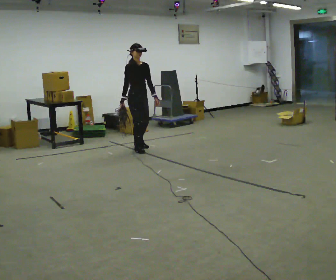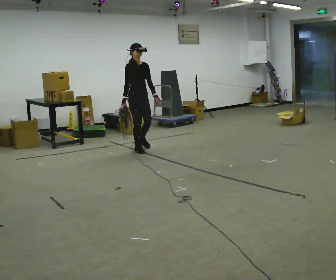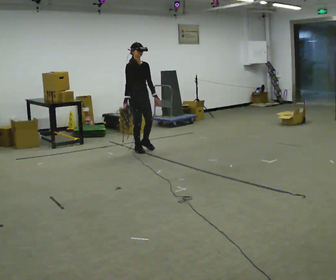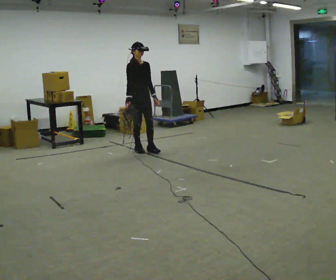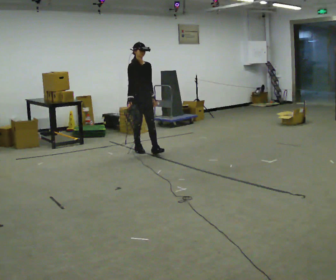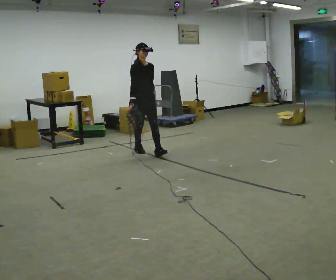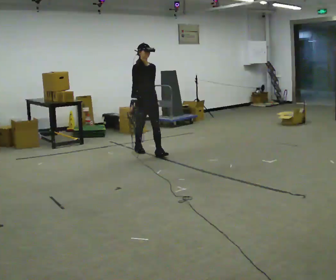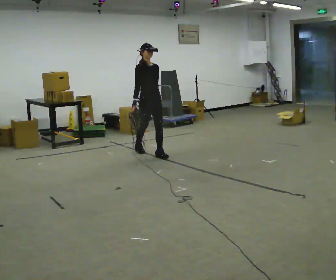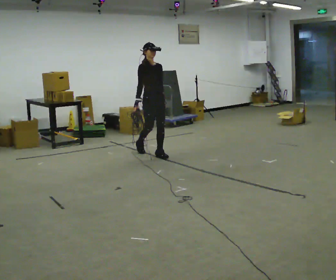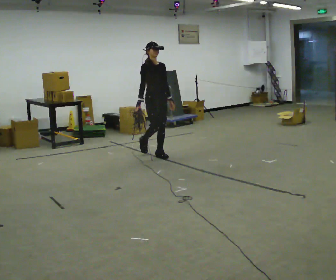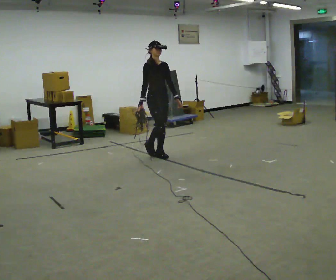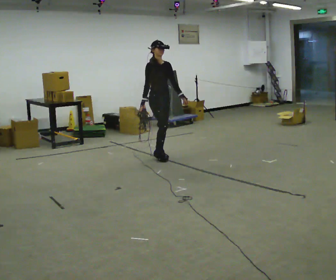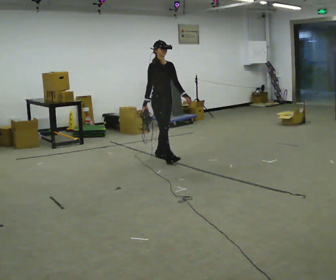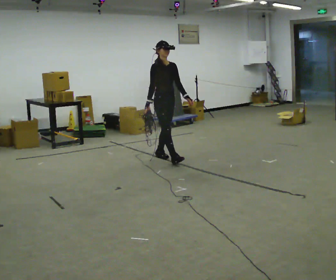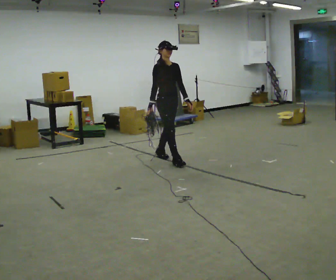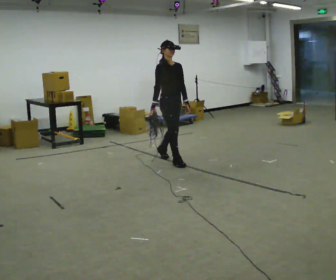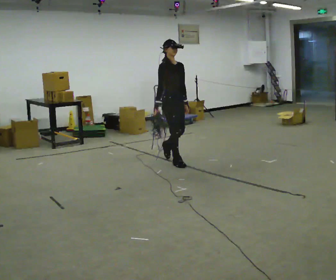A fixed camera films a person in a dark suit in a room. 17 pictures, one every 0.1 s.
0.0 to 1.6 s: In the picture they go toward the camera and to the right, about 1 m in 2 steps, which for them is forward.
The film runs forward here.
